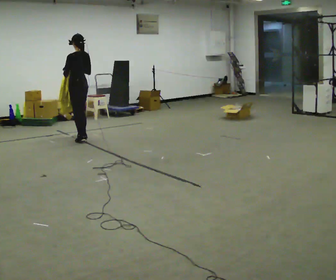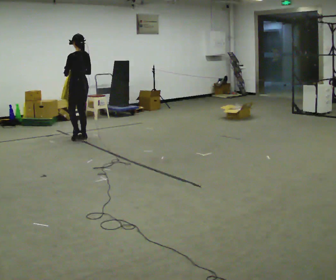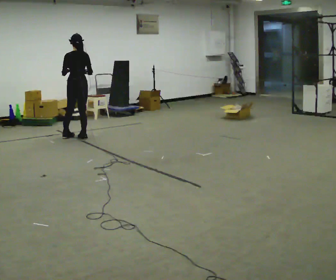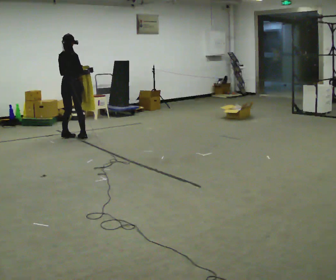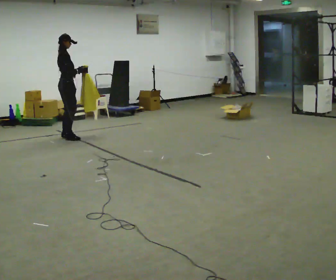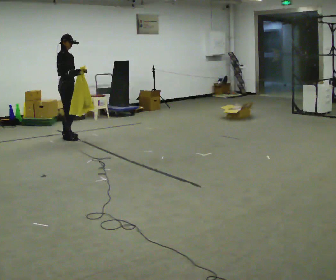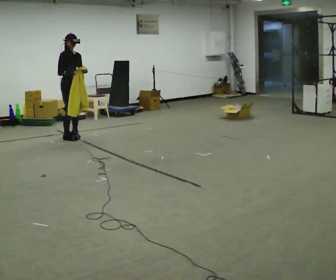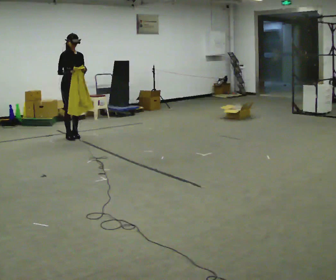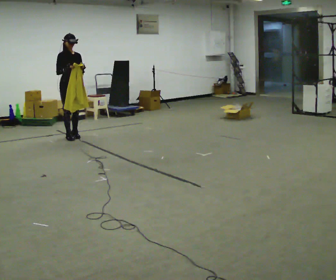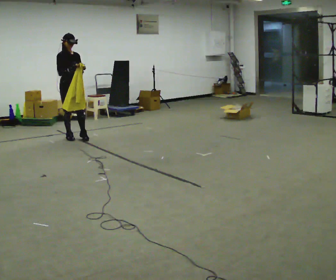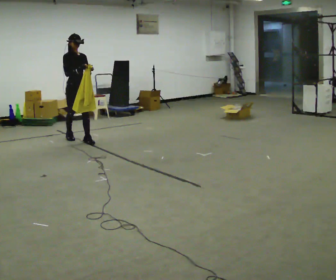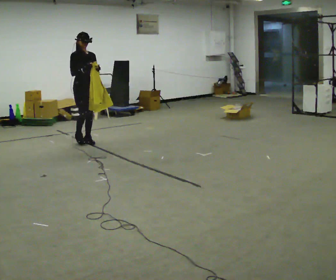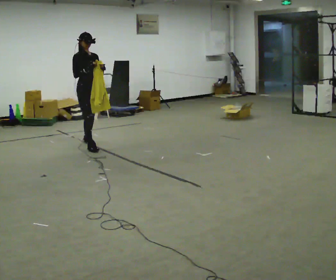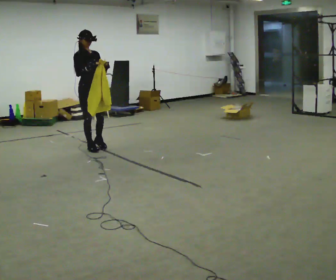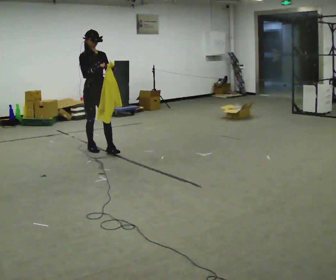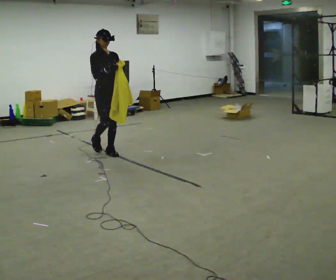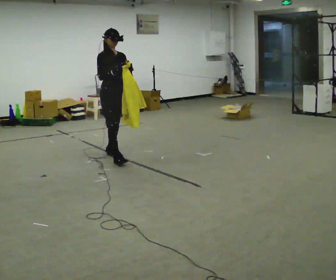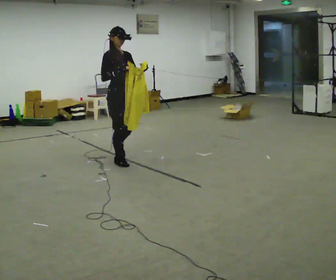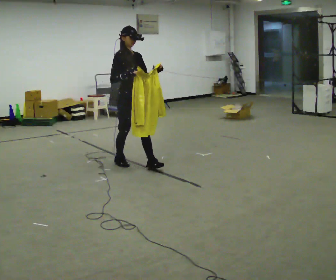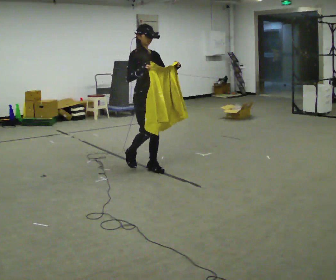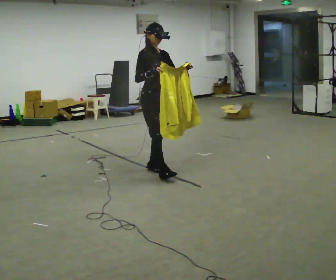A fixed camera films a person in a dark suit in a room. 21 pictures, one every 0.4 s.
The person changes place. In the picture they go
toward the camera.
0.0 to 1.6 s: The person turns about 120 degrees to their right, clockwise seen from above, so the part of the body nearest the lens slides to the left. In the picture they go to the left, about 0.25 m in 1 step.
1.6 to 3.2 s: The person turns about 75 degrees to their right, clockwise seen from above, so the part of the body nearest the lens slides to the left.
3.2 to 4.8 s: In the picture they go toward the camera, about 0.75 m in 2 steps, which for them is forward.
4.8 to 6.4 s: In the picture they go toward the camera, about 0.5 m in 1 step, which for them is forward.
6.4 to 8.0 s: In the picture they go toward the camera and to the right, about 1 m in 2 steps, which for them is forward.
The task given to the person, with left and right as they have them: Carry the cloth and, while walking, fold it in half, then unfold it. Keep repeating as you walk. Do not stop.
The film runs forward here.
